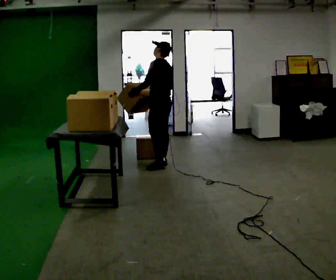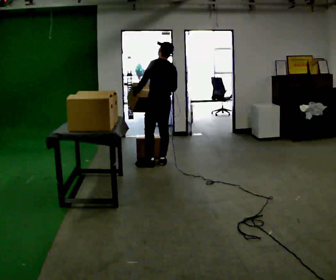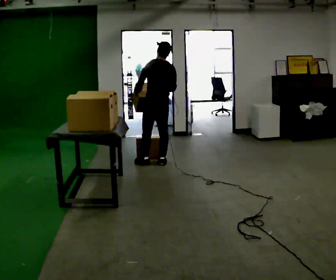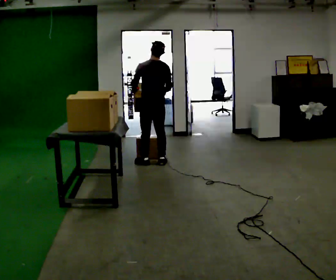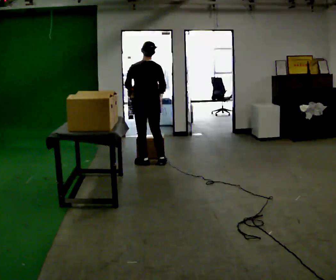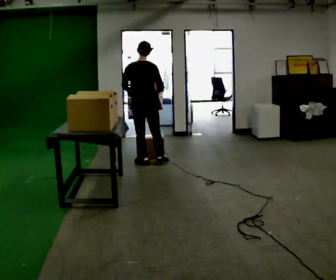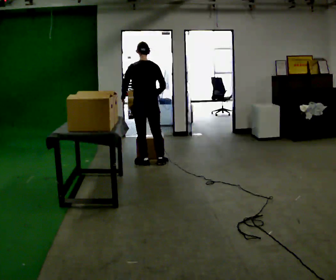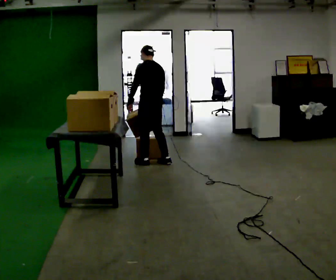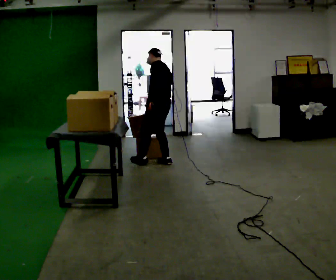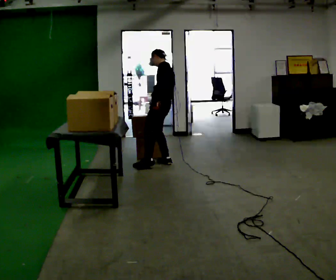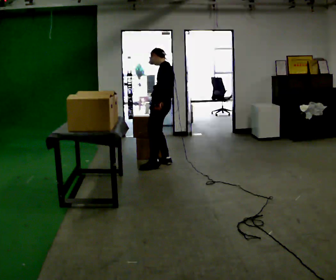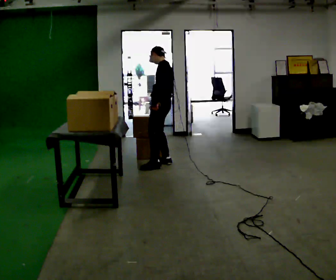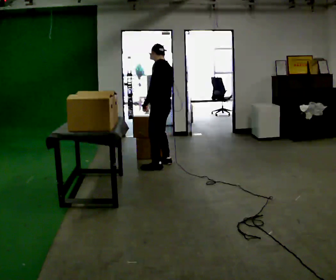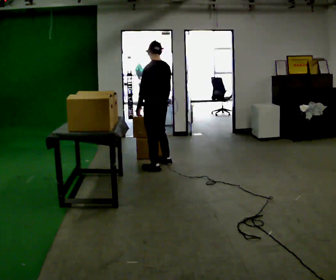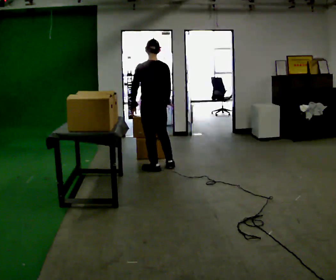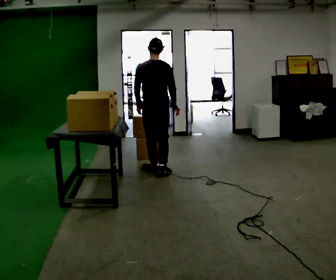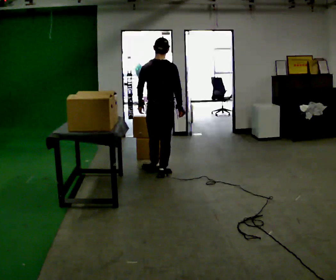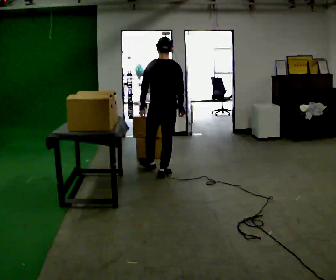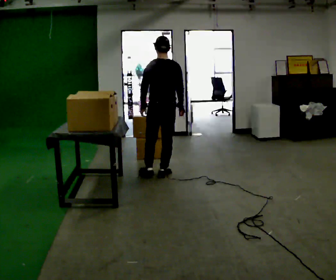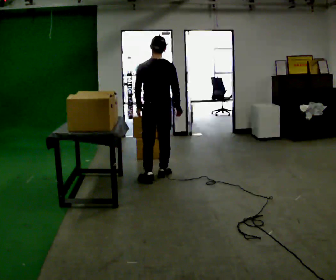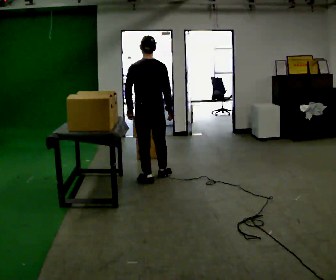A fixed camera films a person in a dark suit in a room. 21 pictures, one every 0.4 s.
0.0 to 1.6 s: Seen from above the body turns clockwise, about 60 degrees: to their right, with its near side sliding to the left. In the picture they go to the left, about 0.25 m in 1 step, which for them is forward.
1.6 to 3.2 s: The part of the body nearest the lens slides to the right as the person turns to their left by about 45 degrees. In the picture they go to the right, about 0.25 m. The upper body tips away from the camera, its near side rolling upward.
3.2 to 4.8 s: The person moves a little, or ends about where they began.
4.8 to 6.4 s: Seen from above the body turns clockwise, about 75 degrees: to their right, with its near side sliding to the left. In the picture they go toward the camera, about 0.5 m in 1 step.
6.4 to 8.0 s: In the picture they go toward the camera, about 0.25 m in 1 step, which for them is backward and to their left.
The film runs backward here.
